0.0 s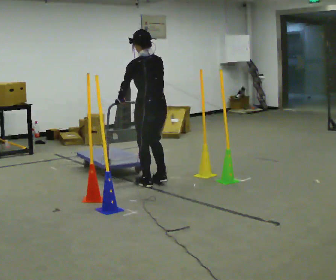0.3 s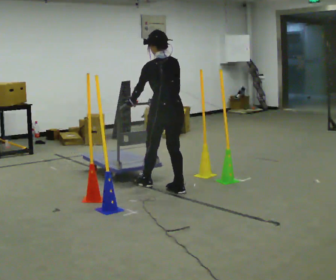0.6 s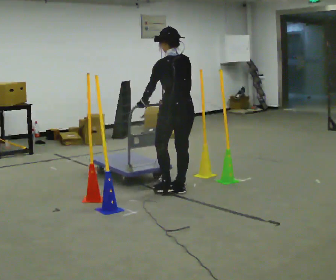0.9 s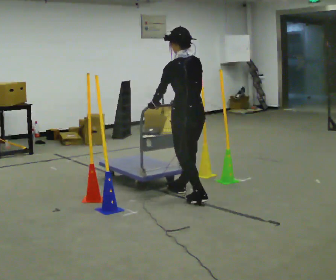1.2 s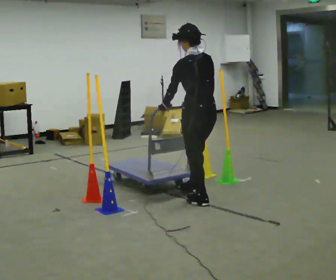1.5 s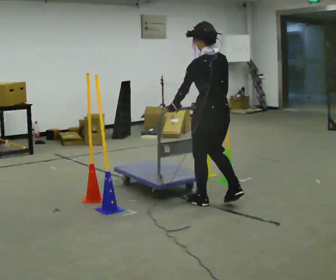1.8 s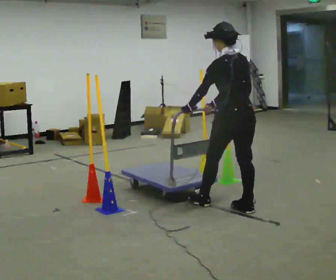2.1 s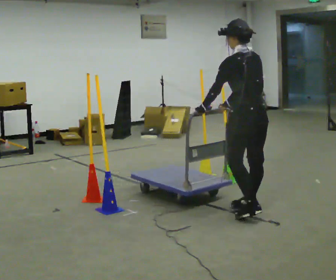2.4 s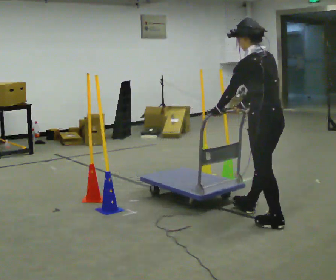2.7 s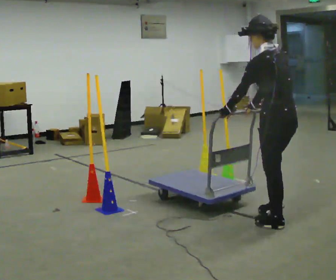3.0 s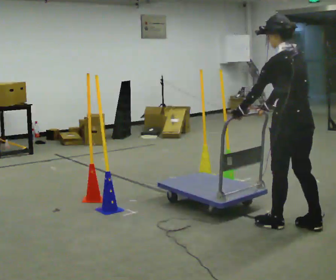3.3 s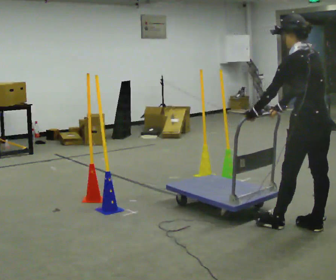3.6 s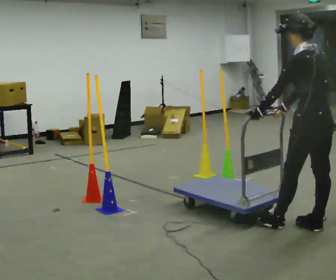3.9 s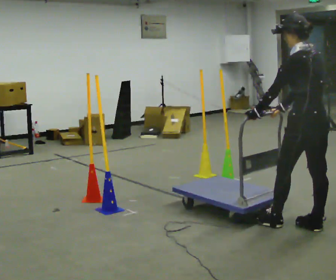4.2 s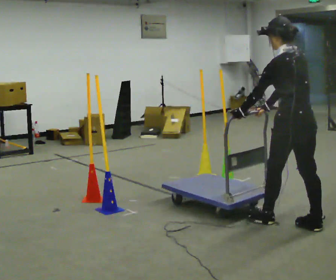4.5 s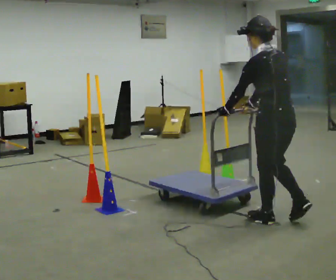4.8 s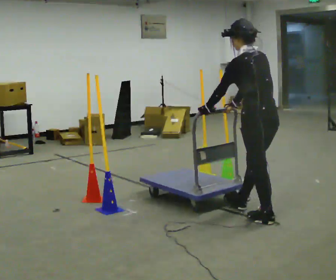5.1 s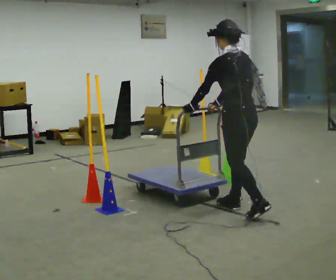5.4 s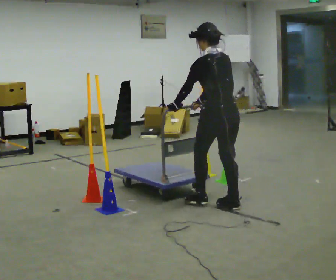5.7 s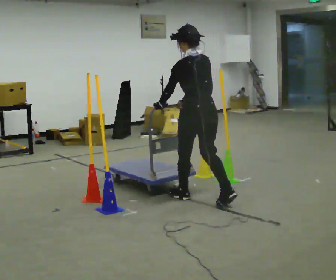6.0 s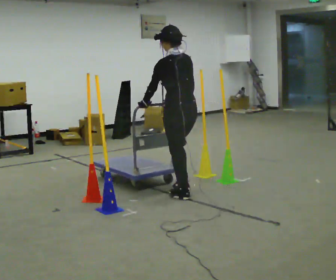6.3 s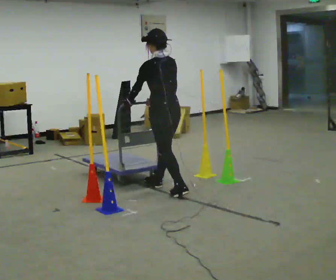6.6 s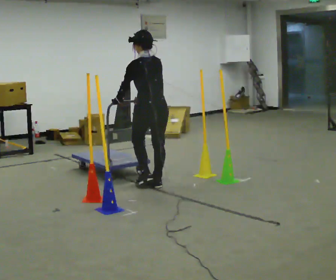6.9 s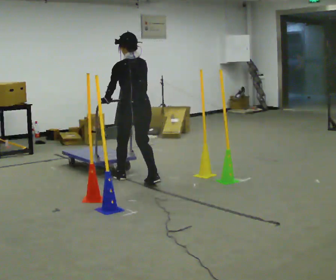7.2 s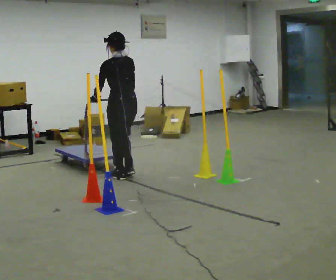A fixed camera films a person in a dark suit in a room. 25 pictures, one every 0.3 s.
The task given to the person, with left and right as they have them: Push the cart in and out of the line of poles without touching any of them. Keep going until the operator says stop.
0.0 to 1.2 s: In the picture they go to the right and toward the camera, about 0.5 m in 2 steps, which for them is backward.
1.2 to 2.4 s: In the picture they go to the right and toward the camera, about 0.5 m in 2 steps, which for them is backward.
2.4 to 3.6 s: In the picture they go to the right and toward the camera, about 0.5 m in 1 step, which for them is backward.
3.6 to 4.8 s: In the picture they go to the left and away from the camera, about 0.5 m, which for them is forward.
4.8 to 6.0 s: In the picture they go to the left and away from the camera, about 1 m in 2 steps, which for them is forward.
6.0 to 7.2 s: In the picture they go to the left and away from the camera, about 1 m in 2 steps, which for them is forward.
The film runs forward here.
